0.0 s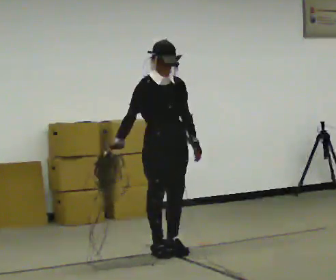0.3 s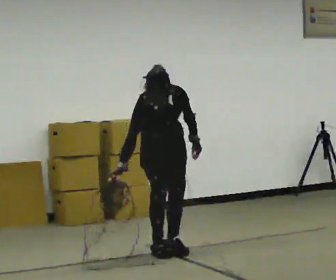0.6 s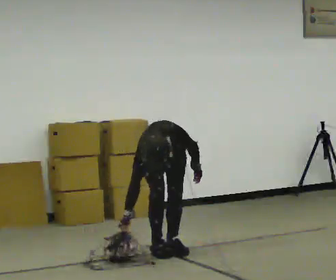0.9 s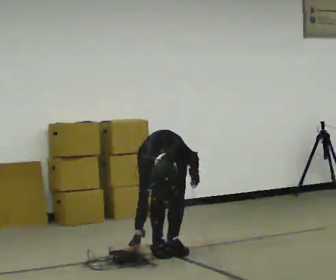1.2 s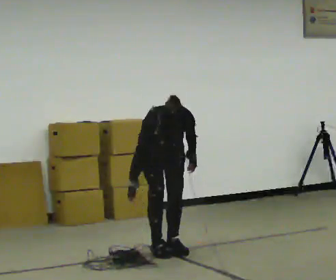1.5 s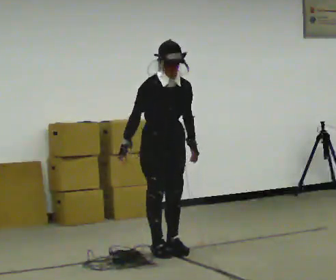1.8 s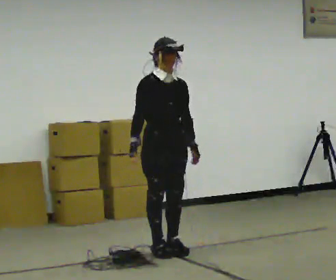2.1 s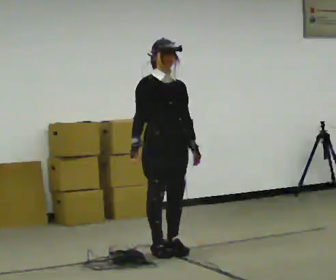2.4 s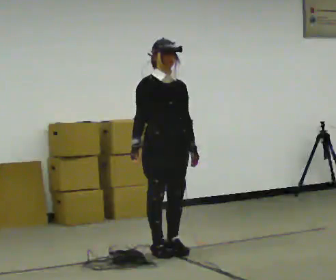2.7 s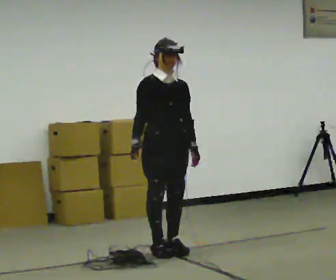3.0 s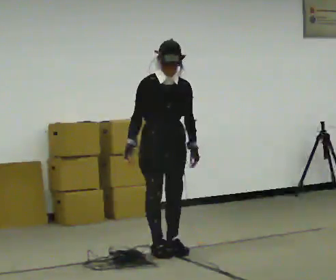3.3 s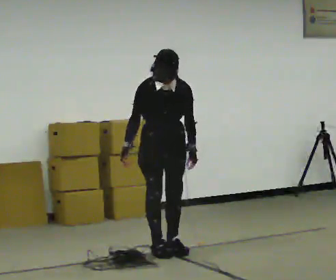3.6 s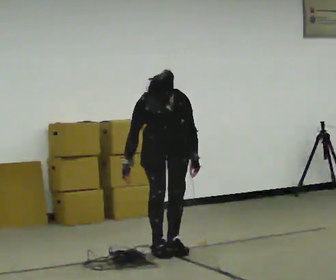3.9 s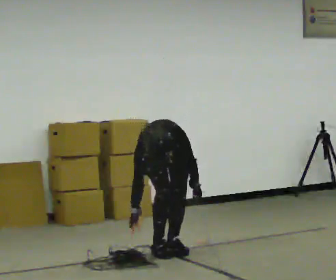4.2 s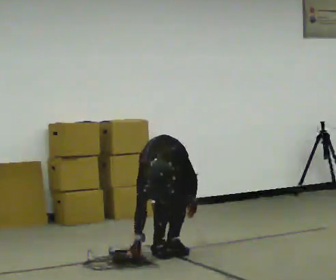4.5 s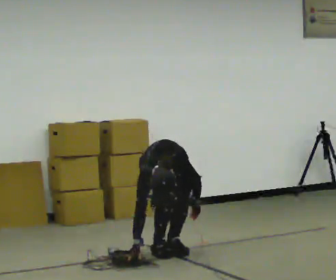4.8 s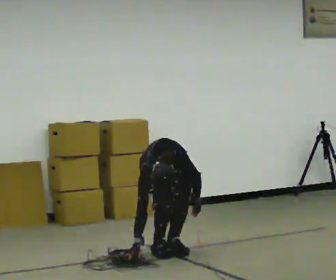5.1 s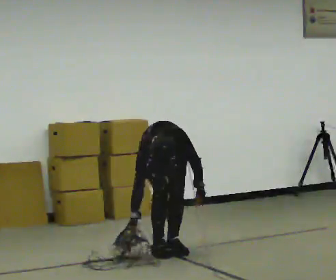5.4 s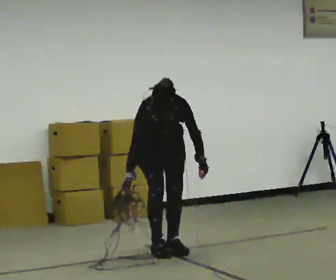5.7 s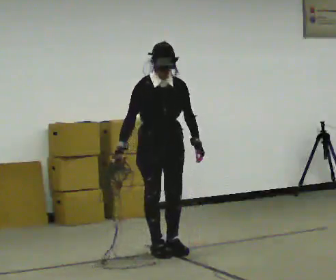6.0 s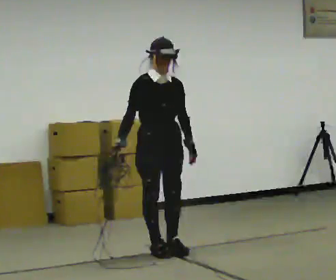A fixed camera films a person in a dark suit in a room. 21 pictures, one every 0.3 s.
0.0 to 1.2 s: The person moves a little, or ends about where they began.
1.2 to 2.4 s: In the picture they go toward the camera, about 0.25 m, which for them is forward. The shoulders move upward. The upper body tips away from the camera, its near side rolling upward, as they lean back or straighten.
2.4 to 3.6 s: The person turns about 30 degrees to their right, clockwise seen from above, so the part of the body nearest the lens slides to the left. The upper body tips toward the camera, its near side rolling downward, as they bend forward.
3.6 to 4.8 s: The shoulders move downward. The upper body tips toward the camera, its near side rolling downward, as they bend forward. In the picture their left hand goes downward.
4.8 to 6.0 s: The upper body goes upward. The upper body tips away from the camera, its near side rolling upward, as they lean back or straighten. In the picture their left hand goes upward.
The film runs forward here.
